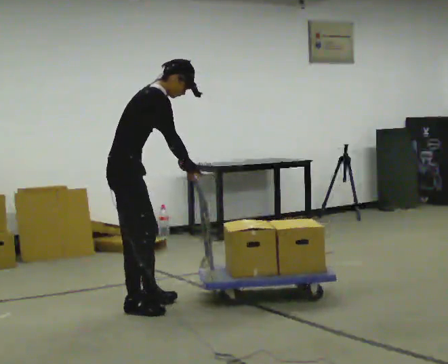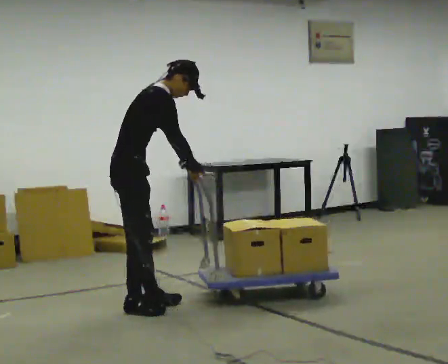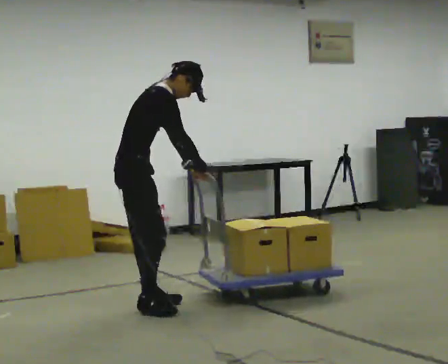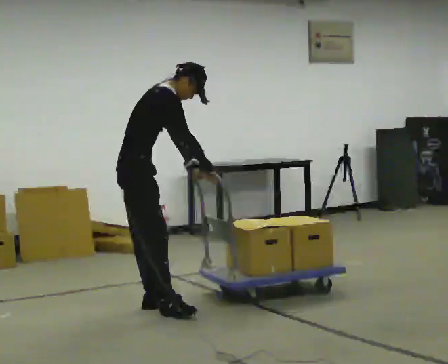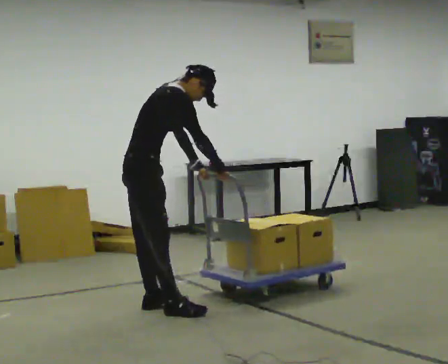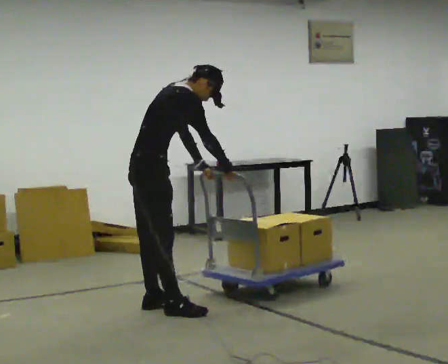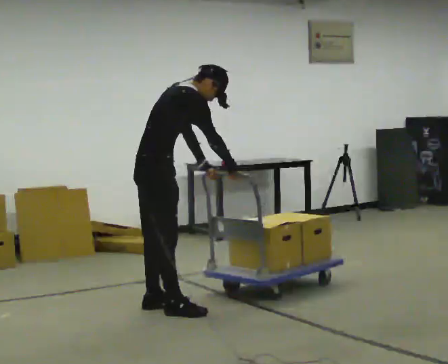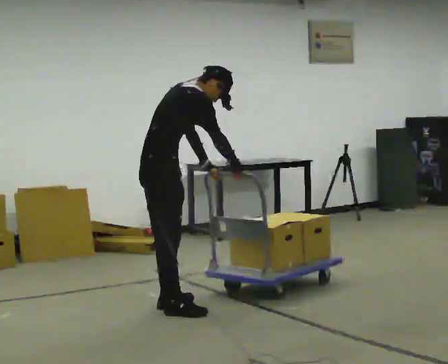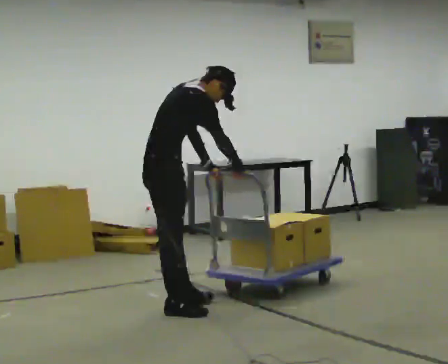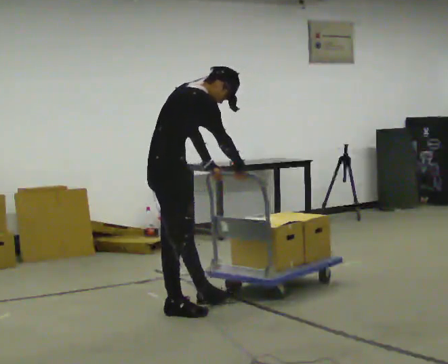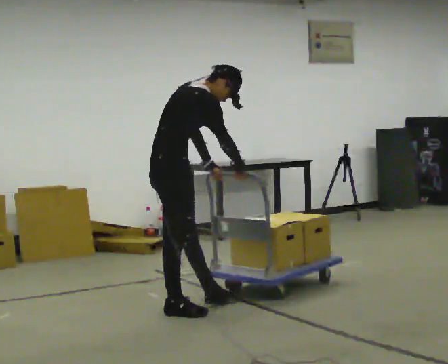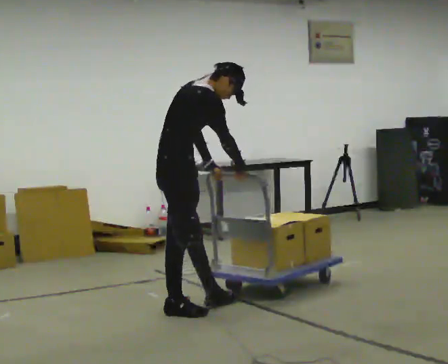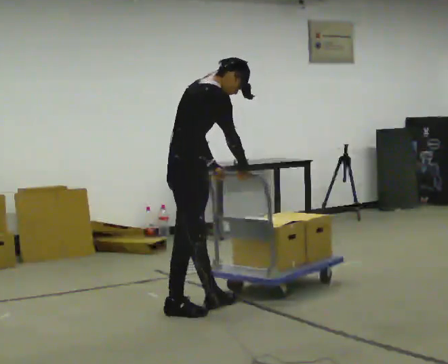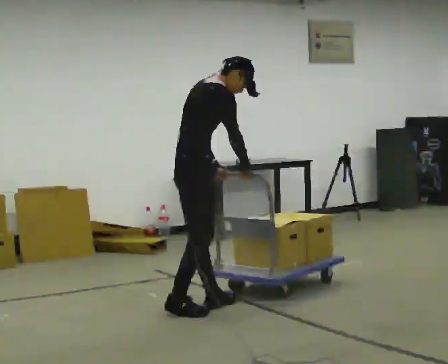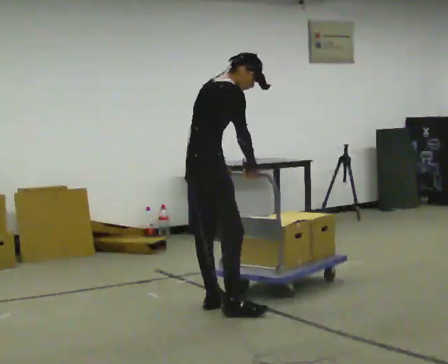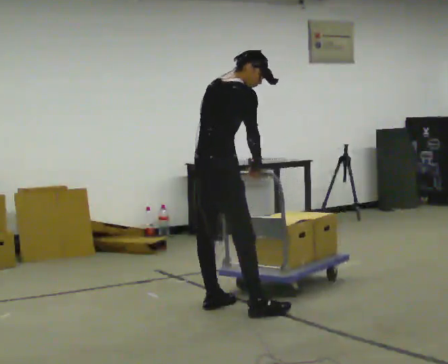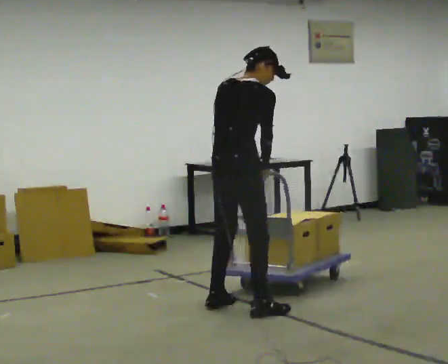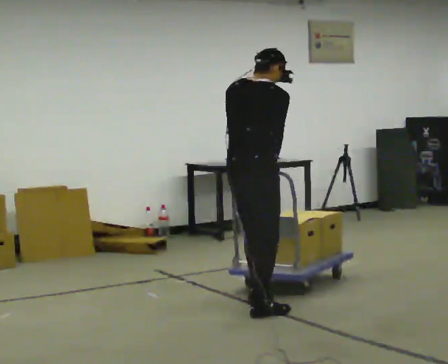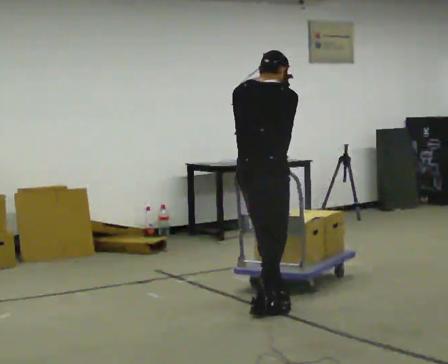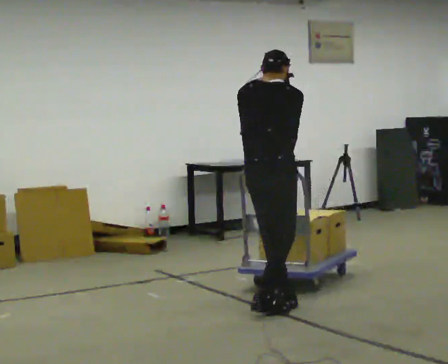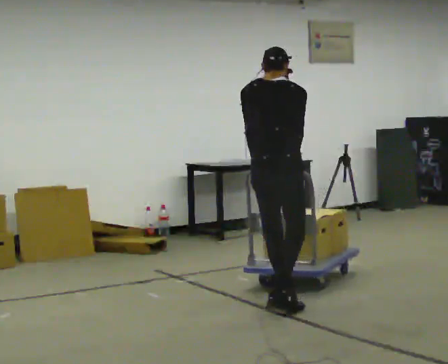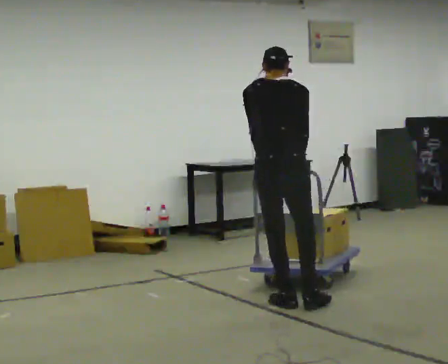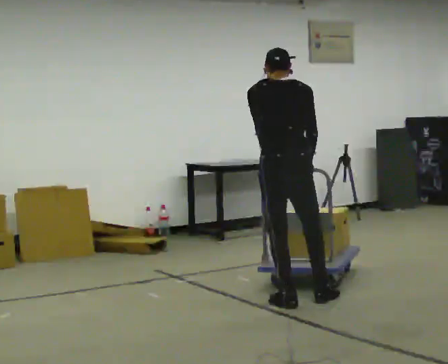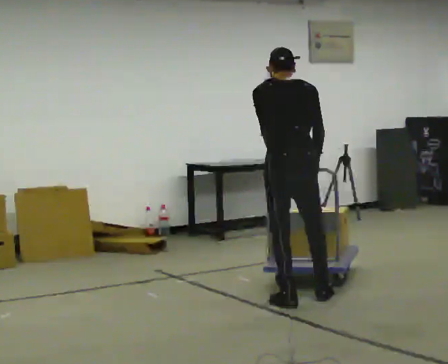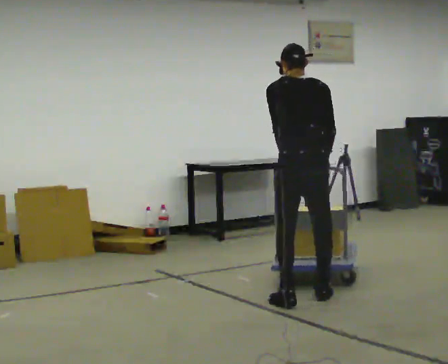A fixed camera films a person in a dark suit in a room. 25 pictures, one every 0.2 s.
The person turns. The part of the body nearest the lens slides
to the right.
The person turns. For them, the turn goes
to their left.
0.0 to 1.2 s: In the picture they go to the right, about 0.25 m in 1 step, which for them is forward and to their right.
1.2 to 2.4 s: In the picture they go to the right, about 0.25 m in 1 step, which for them is forward.
2.4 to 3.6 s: Seen from above the body turns counterclockwise, about 45 degrees: to their left, with its near side sliding to the right. In the picture they go to the right, about 0.5 m in 2 steps, which for them is to their right and forward. In the picture the upper body tilts counterclockwise, shoulders to the left.
3.6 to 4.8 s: Seen from above the body turns counterclockwise, about 30 degrees: to their left, with its near side sliding to the right. In the picture they go to the right and away from the camera, about 0.25 m in 1 step, which for them is to their right and forward.
The film runs backward here.
